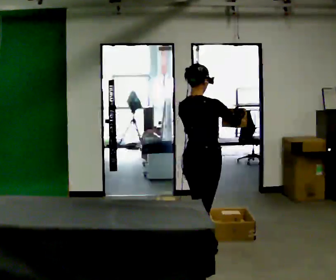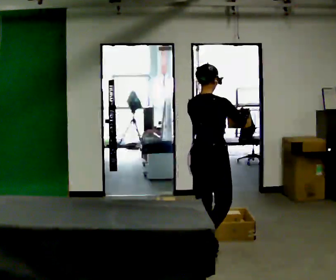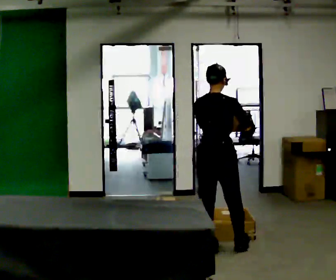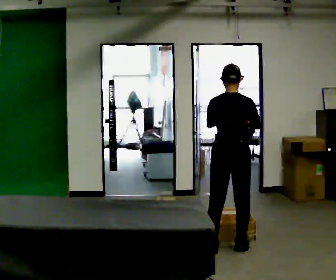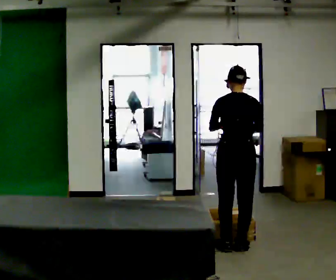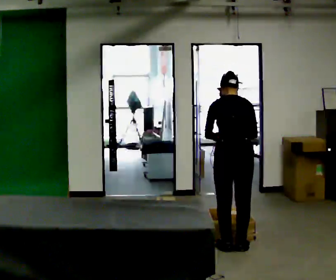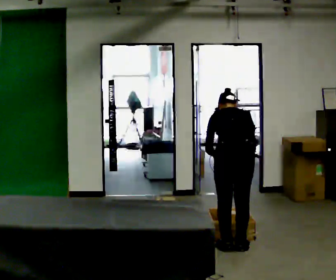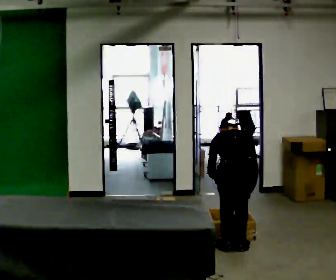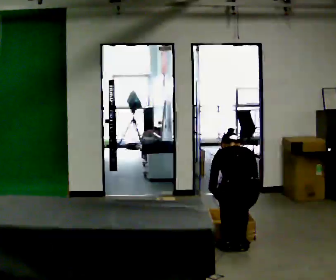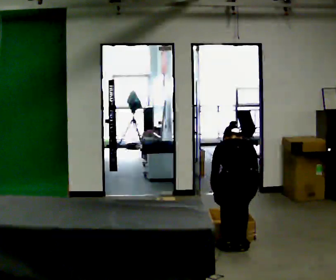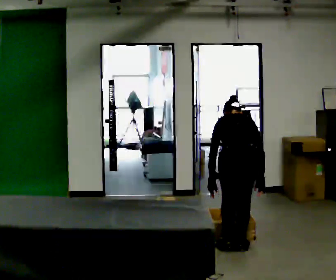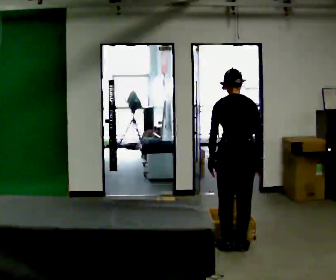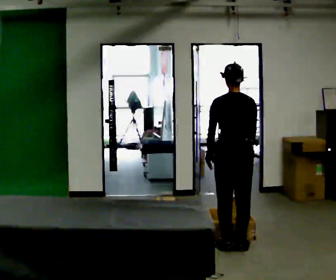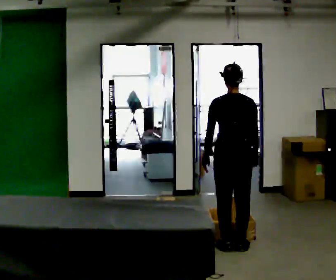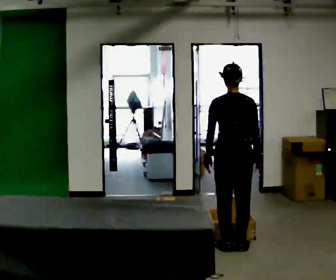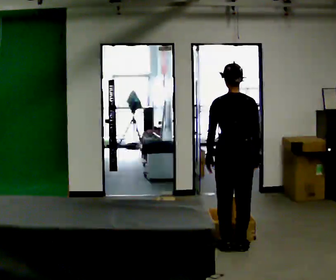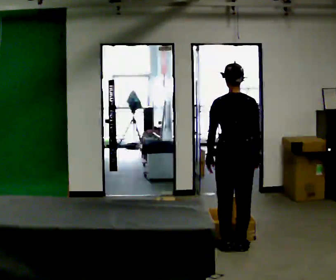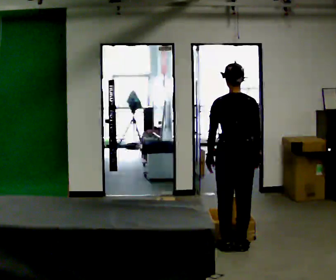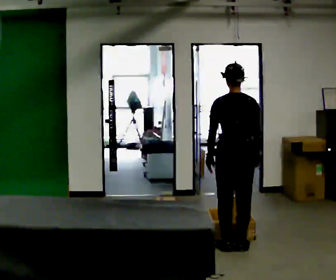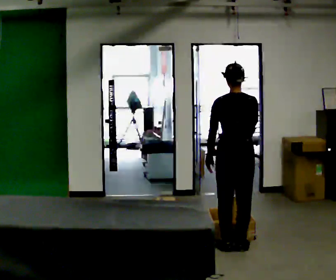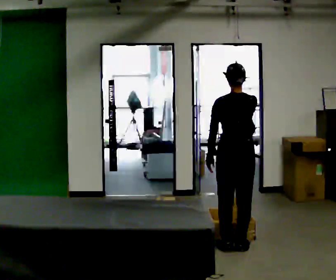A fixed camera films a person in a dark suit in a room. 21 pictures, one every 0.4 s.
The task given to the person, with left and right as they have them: 1. Take the objects out of the box on the table one at a time. 2. Put each one in the bin the operator has labelled for it. 3. Tell the operator when you are finished.
0.0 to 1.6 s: Seen from above the body turns counterclockwise, about 30 degrees: to their left, with its near side sliding to the right. In the picture they go away from the camera and to the right, about 0.5 m in 2 steps, which for them is forward and to their right.
1.6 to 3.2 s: The upper body goes downward. The upper body tips away from the camera, its near side rolling upward, as they bend forward. In the picture their left hand goes downward.
3.2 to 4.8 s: In the picture they go away from the camera, about 0.25 m, which for them is forward. The shoulders move upward. The upper body tips toward the camera, its near side rolling downward, as they lean back or straighten. In the picture their left hand goes upward.
4.8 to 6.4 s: The person moves a little, or ends about where they began.
6.4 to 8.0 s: In the picture their right hand goes upward.
The film runs forward here.
